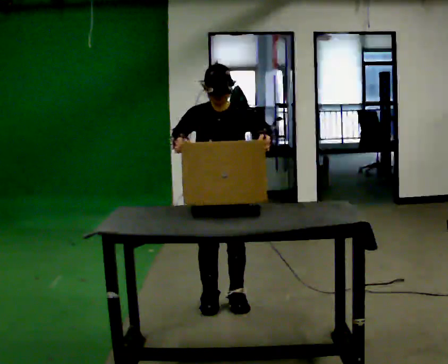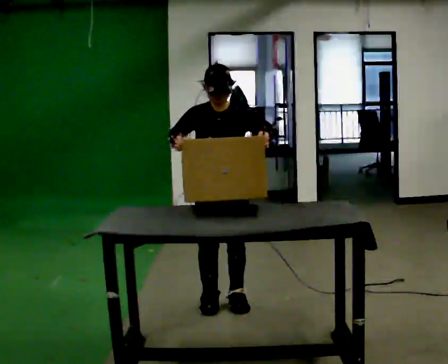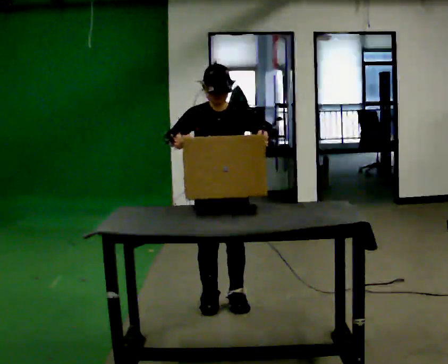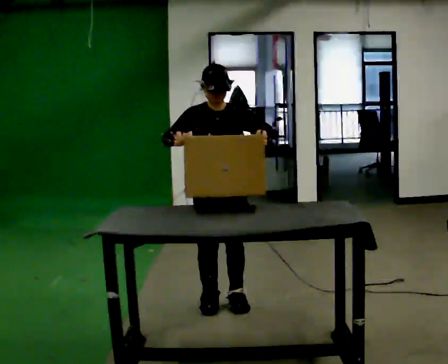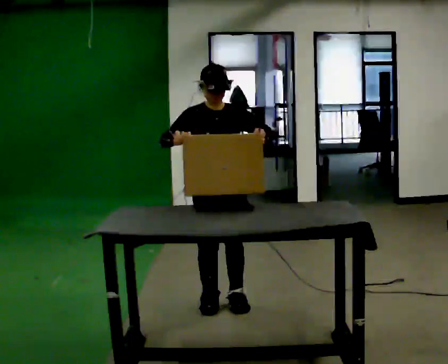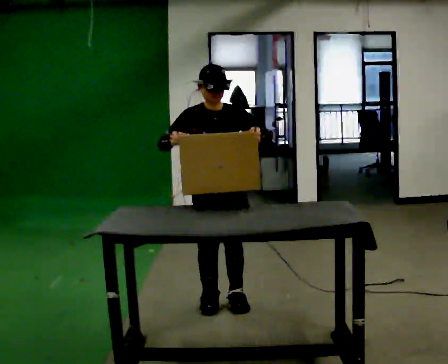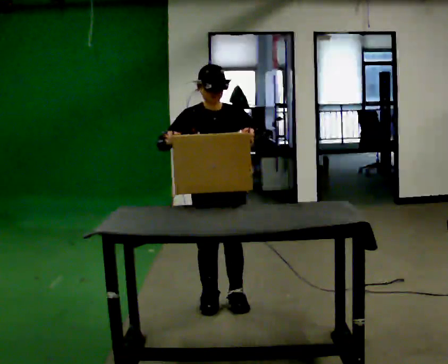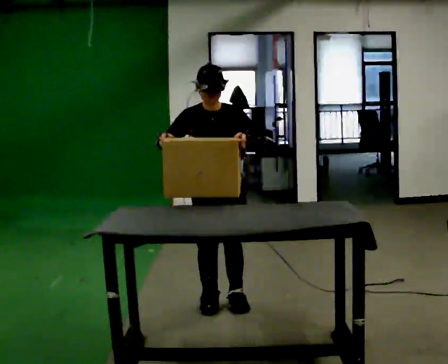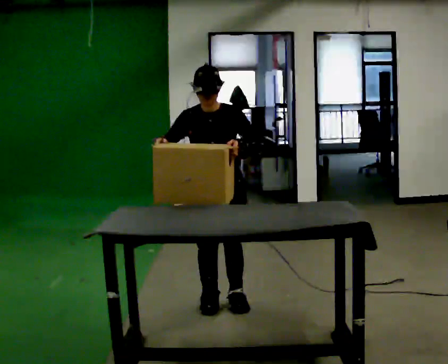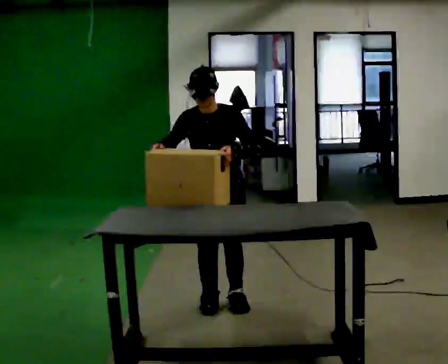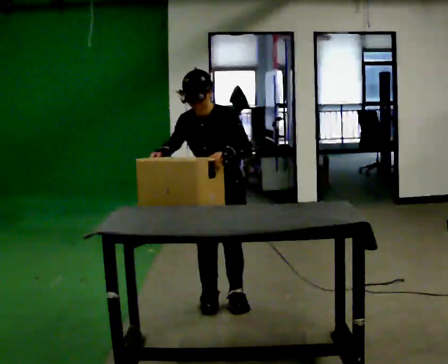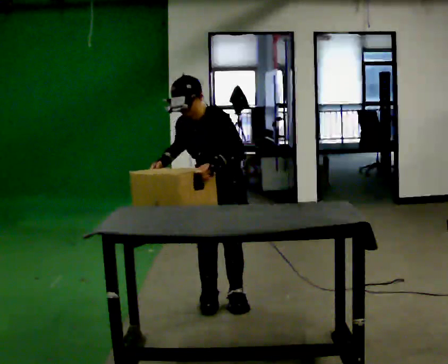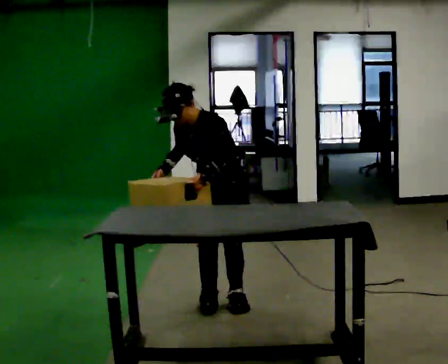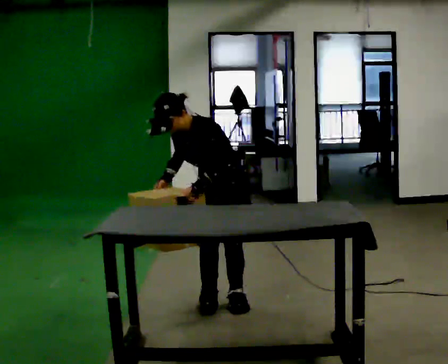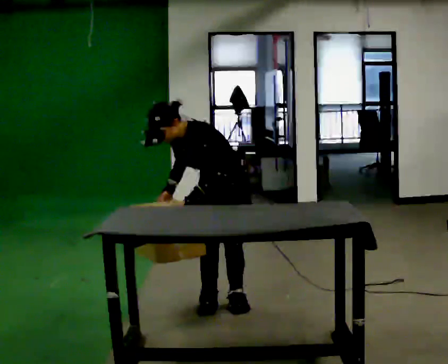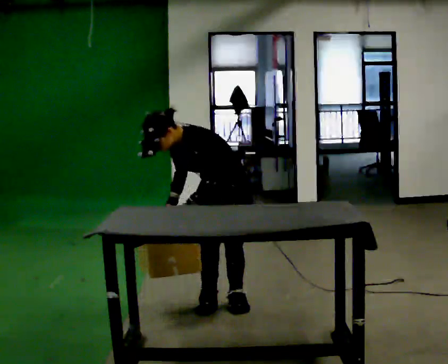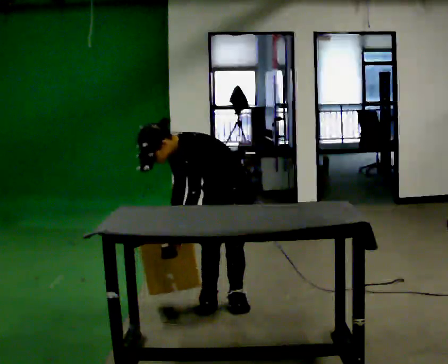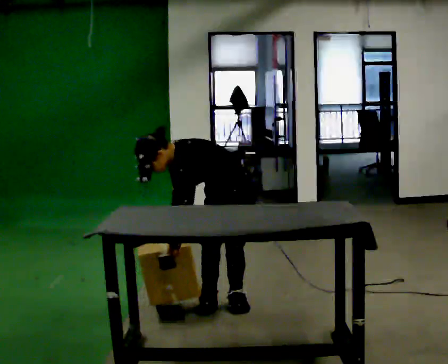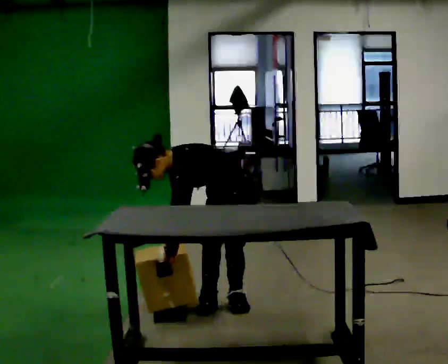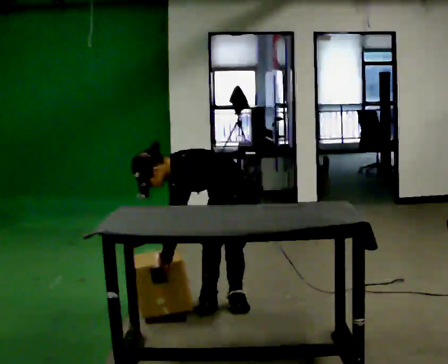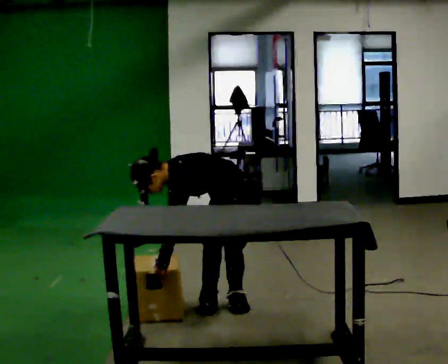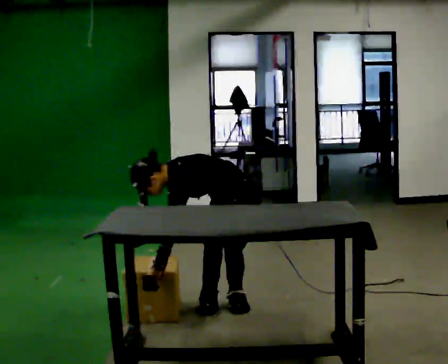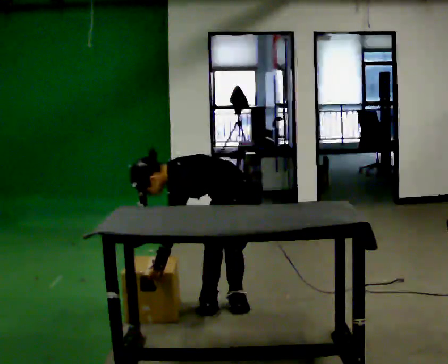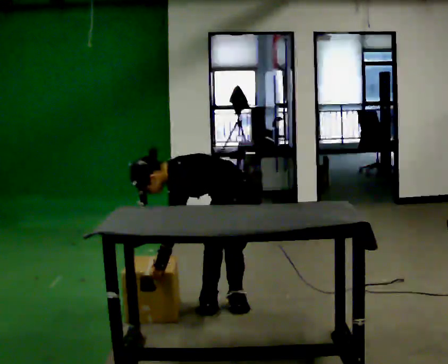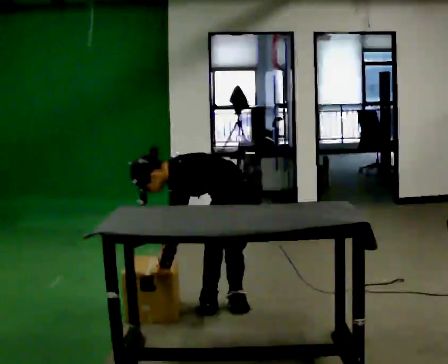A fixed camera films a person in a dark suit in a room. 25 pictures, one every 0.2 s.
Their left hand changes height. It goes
downward.
Their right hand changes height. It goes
downward.
0.0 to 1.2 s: The person moves a little, or ends about where they began.
1.2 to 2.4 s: The part of the body nearest the lens slides to the left as the person turns to their right by about 45 degrees. In the picture the upper body tilts counterclockwise, shoulders to the left, as they bend forward.
2.4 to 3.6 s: Seen from above the body turns clockwise, about 30 degrees: to their right, with its near side sliding to the left. The shoulders move downward. In the picture the upper body tilts counterclockwise, shoulders to the left, as they bend forward. In the picture their right hand goes downward.
3.6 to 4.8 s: In the picture the upper body tilts counterclockwise, shoulders to the left.
The film runs backward here.
